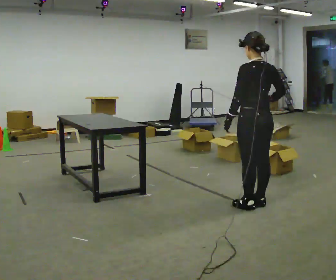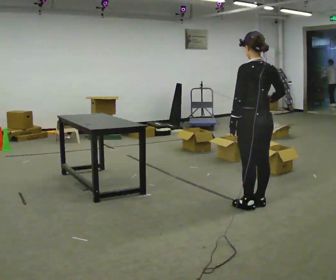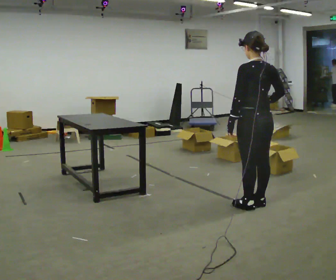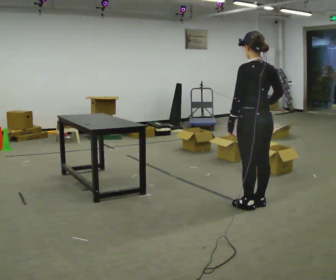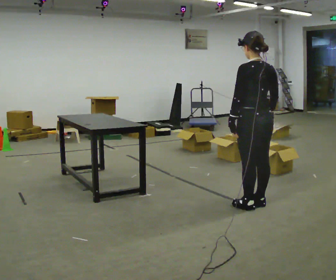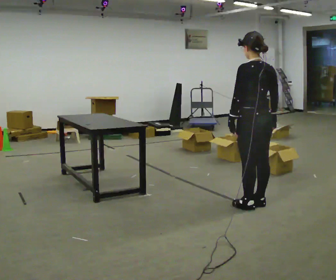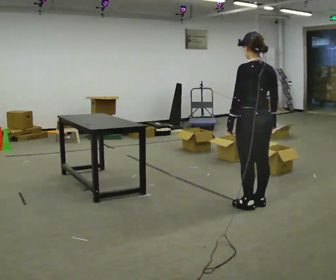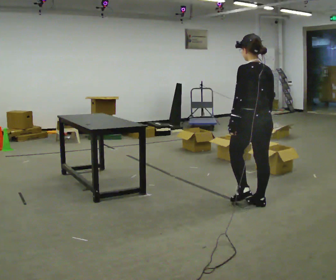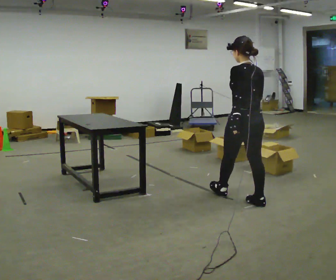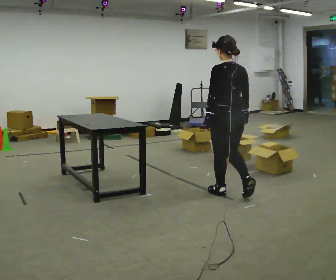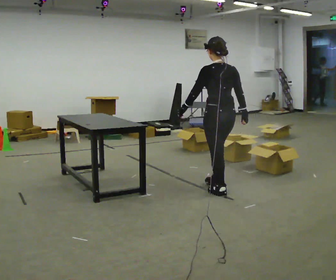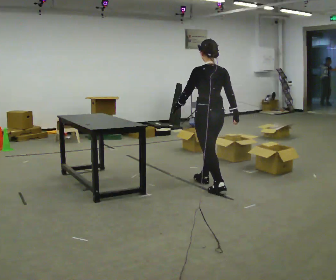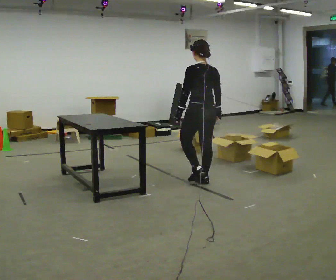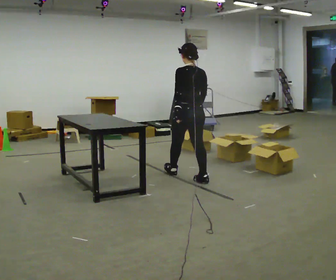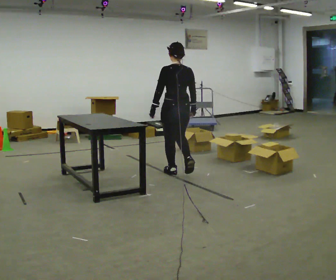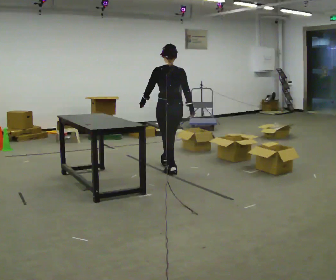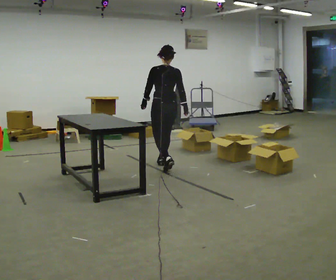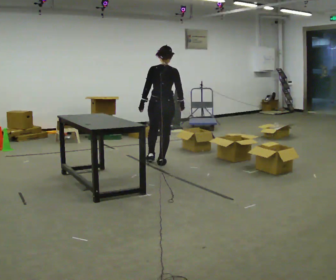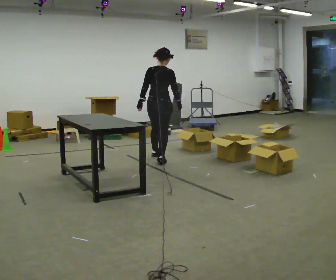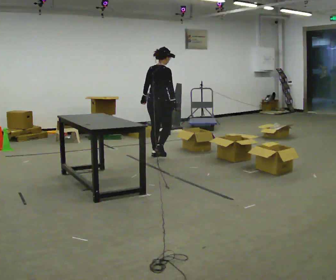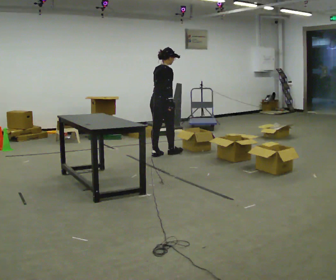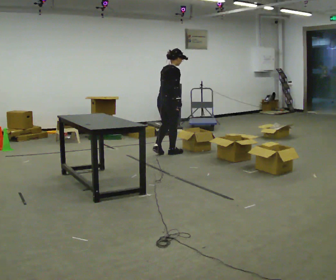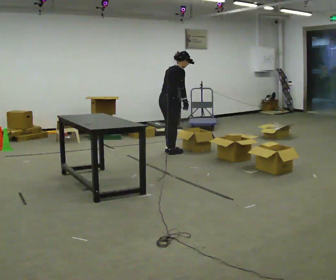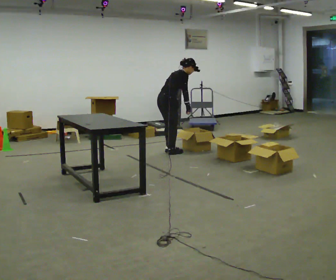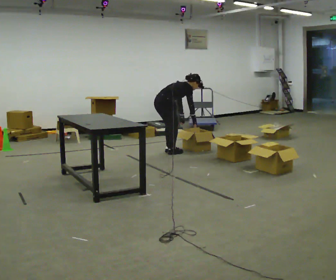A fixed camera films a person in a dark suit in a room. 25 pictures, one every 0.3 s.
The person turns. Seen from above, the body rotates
clockwise.
The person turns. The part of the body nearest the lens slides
to the left.
0.0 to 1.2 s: The person moves a little, or ends about where they began.
1.2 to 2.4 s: In the picture they go away from the camera, about 0.25 m, which for them is forward.
2.4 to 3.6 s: In the picture they go away from the camera and to the left, about 1 m in 2 steps, which for them is forward.
3.6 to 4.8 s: In the picture they go away from the camera and to the left, about 1 m in 2 steps, which for them is forward.
4.8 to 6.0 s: The person turns about 60 degrees to their right, clockwise seen from above, so the part of the body nearest the lens slides to the left. In the picture they go away from the camera, about 0.75 m in 1 step.
6.0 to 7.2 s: The upper body goes downward. In the picture the upper body tilts clockwise, shoulders to the right, as they bend forward. In the picture their left hand goes to the right and downward.
The film runs forward here.
